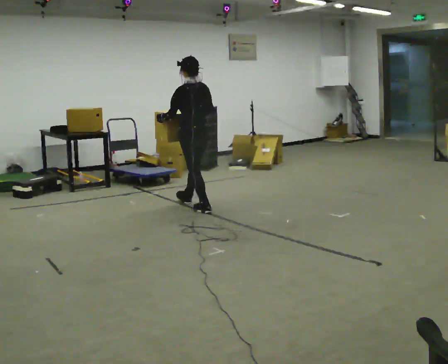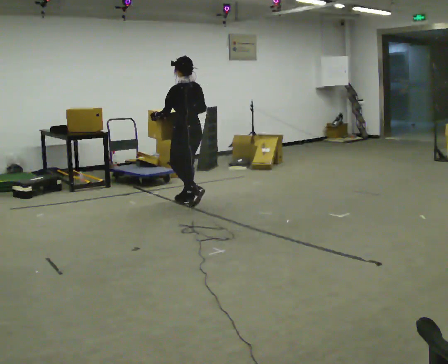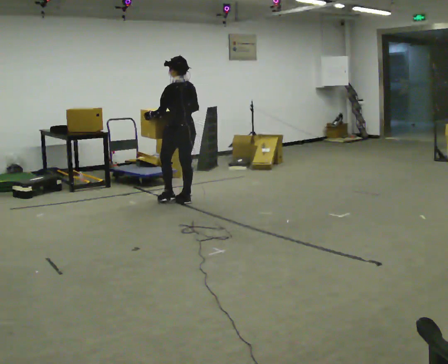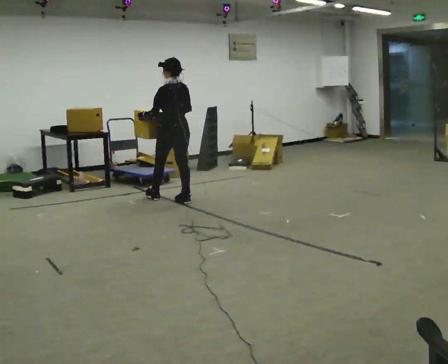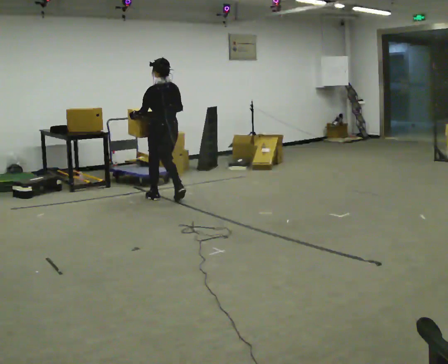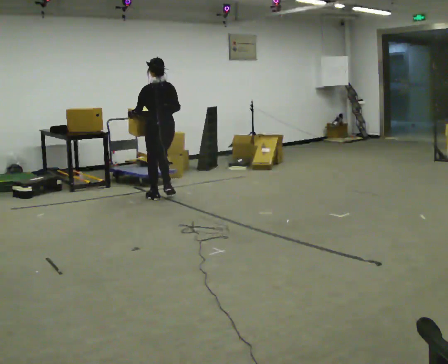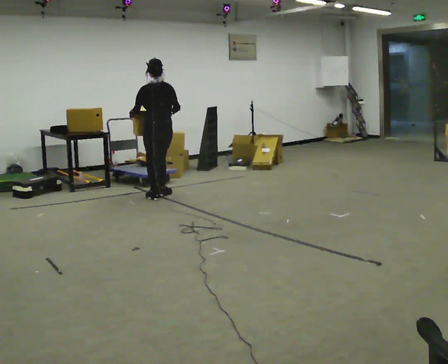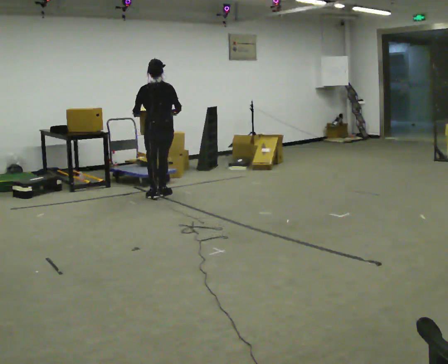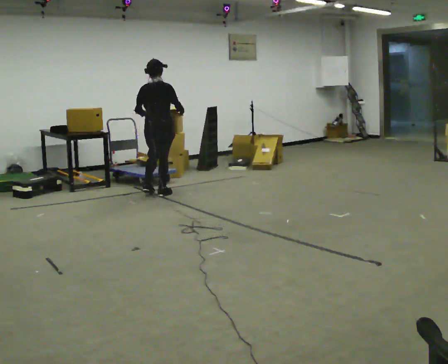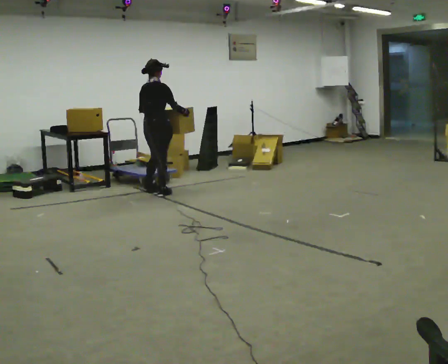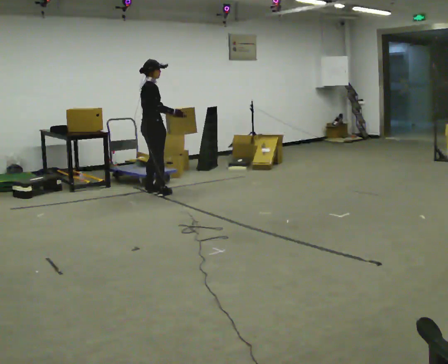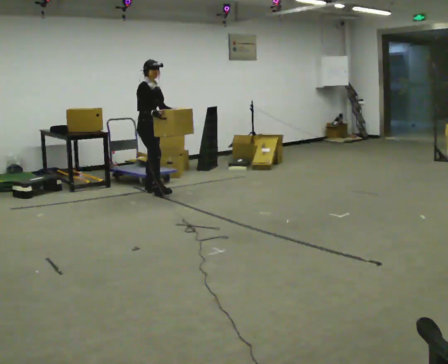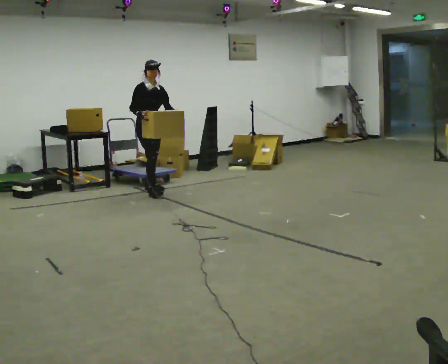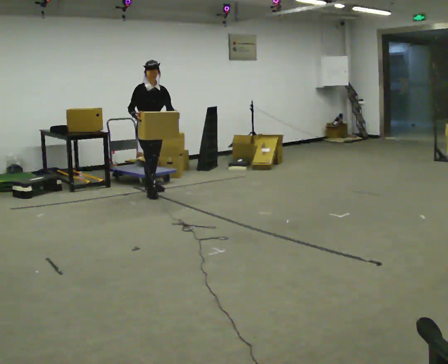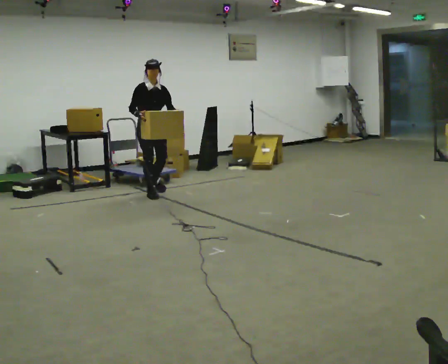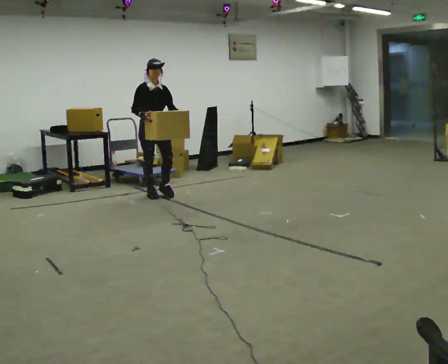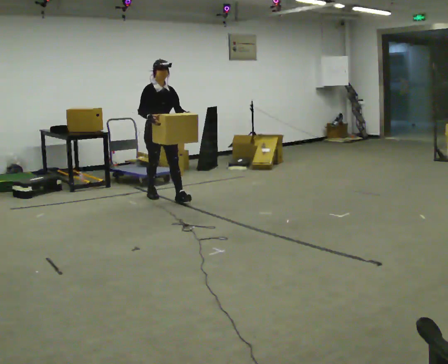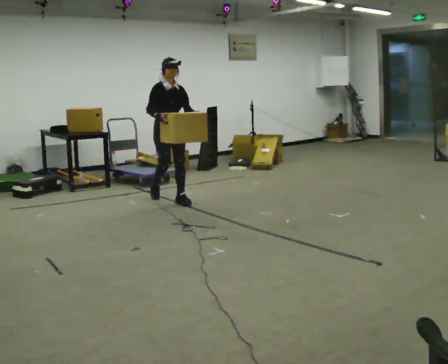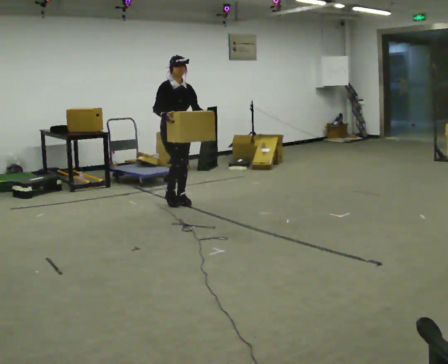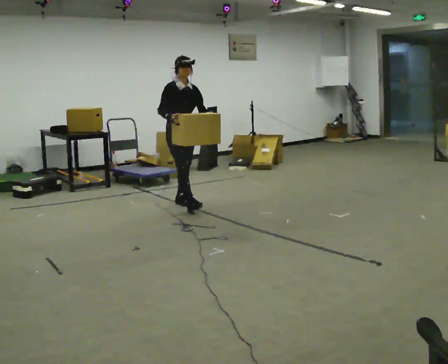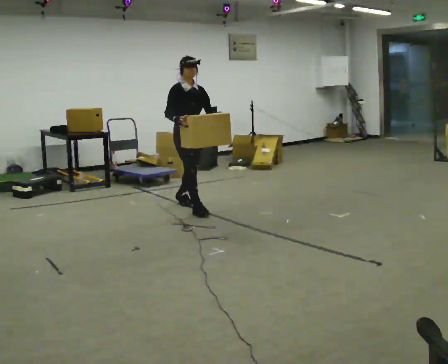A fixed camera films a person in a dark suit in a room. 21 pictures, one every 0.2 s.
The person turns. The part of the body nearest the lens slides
to the left.
The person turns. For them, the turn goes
to their right.
0.0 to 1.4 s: The part of the body nearest the lens slides to the left as the person turns to their right by about 30 degrees. In the picture they go away from the camera and to the left, about 0.5 m in 2 steps, which for them is forward.
1.4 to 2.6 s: The part of the body nearest the lens slides to the left as the person turns to their right by about 150 degrees. In the picture they go to the left, about 0.25 m in 1 step. In the picture their right hand goes to the left.
2.6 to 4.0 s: In the picture they go toward the camera and to the right, about 1 m in 2 steps, which for them is forward.
The film runs forward here.
